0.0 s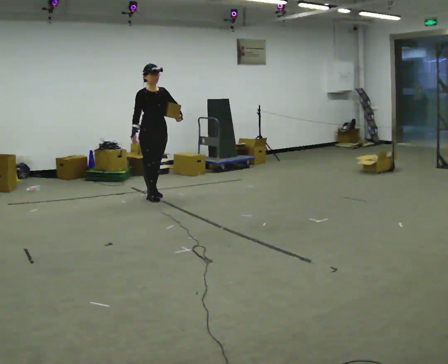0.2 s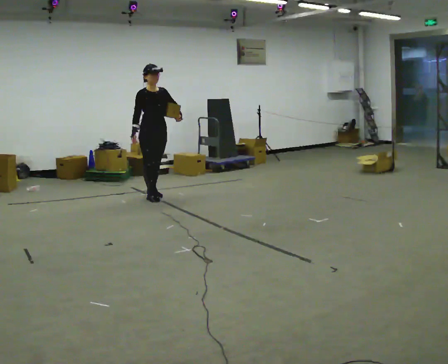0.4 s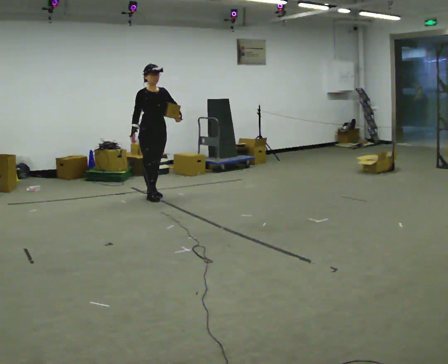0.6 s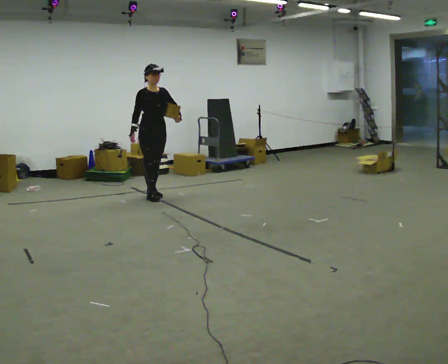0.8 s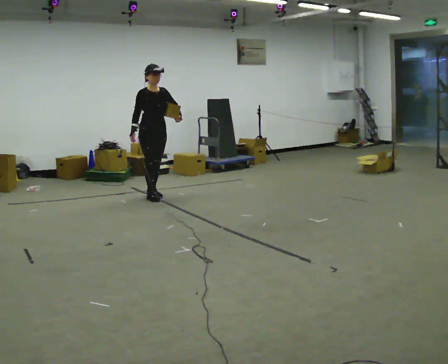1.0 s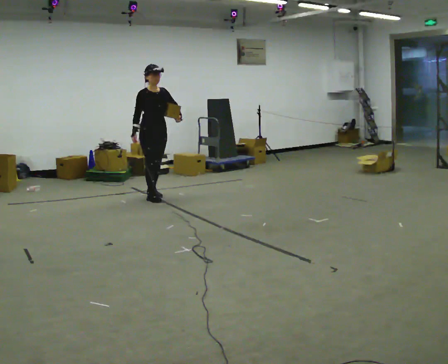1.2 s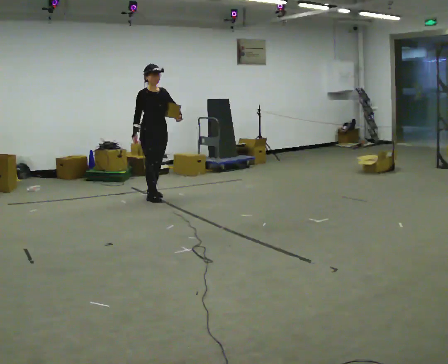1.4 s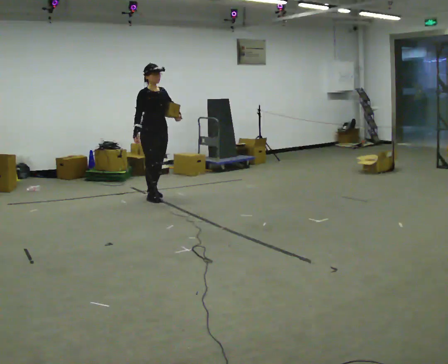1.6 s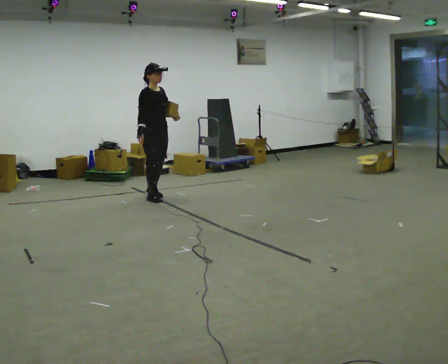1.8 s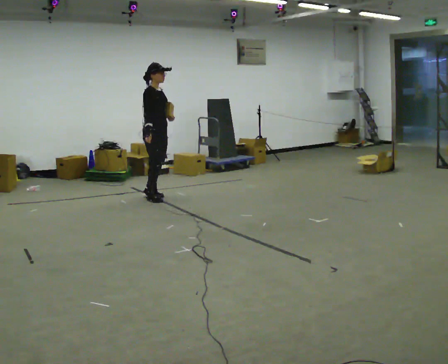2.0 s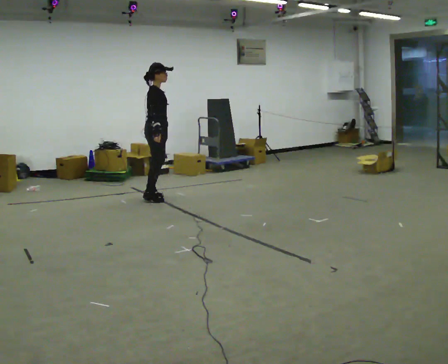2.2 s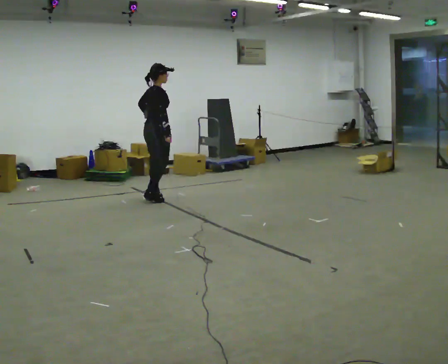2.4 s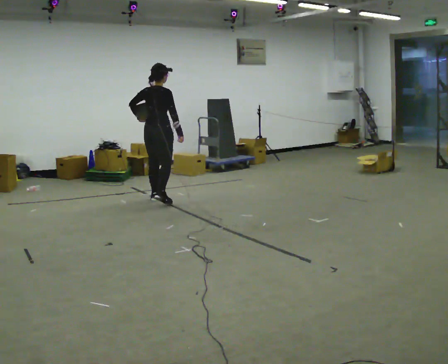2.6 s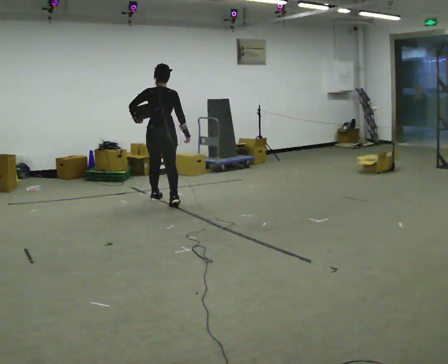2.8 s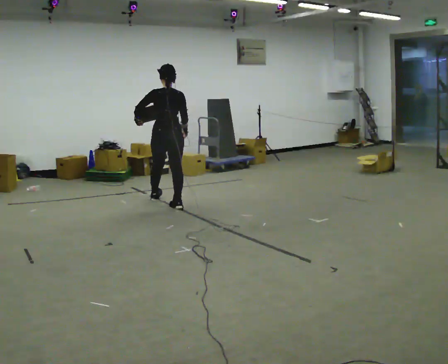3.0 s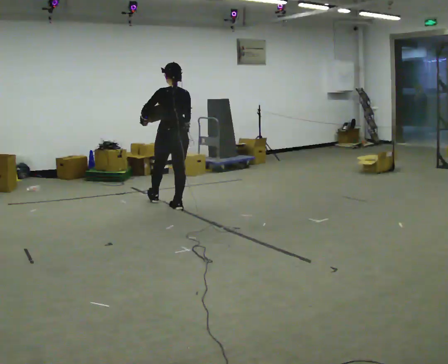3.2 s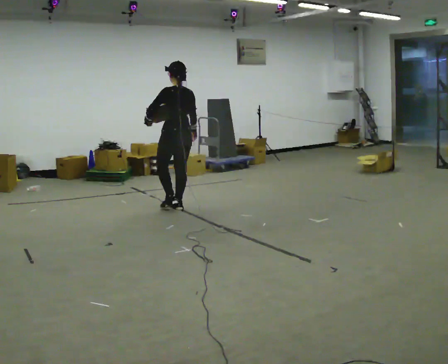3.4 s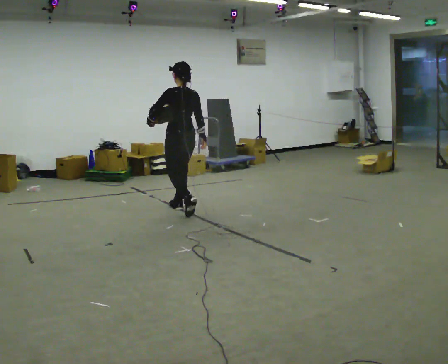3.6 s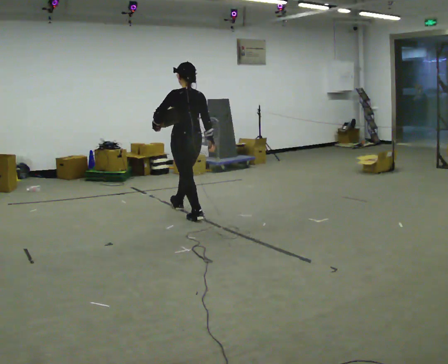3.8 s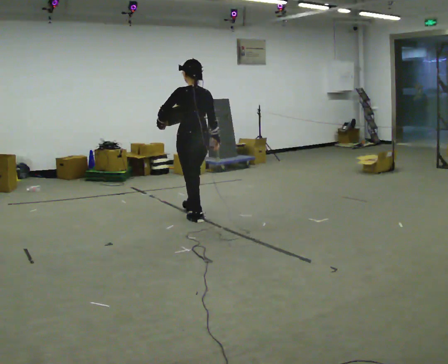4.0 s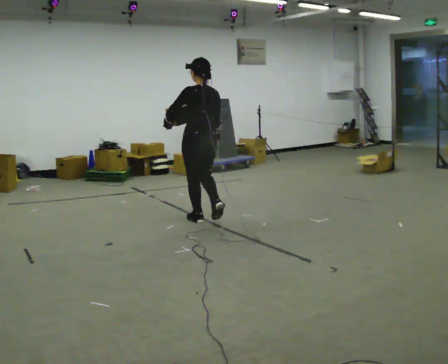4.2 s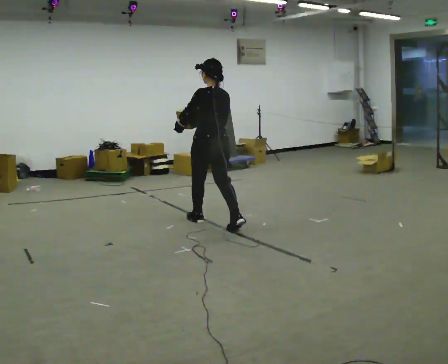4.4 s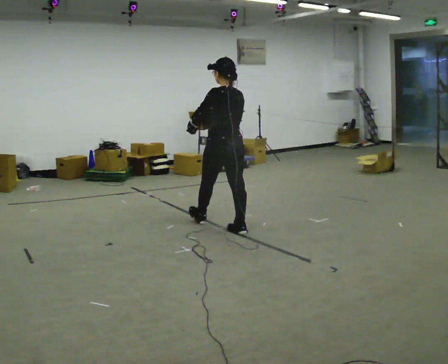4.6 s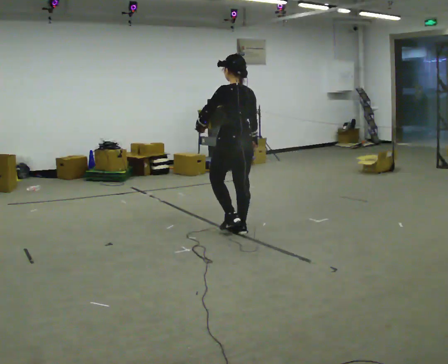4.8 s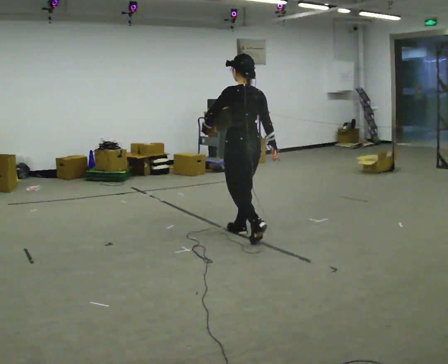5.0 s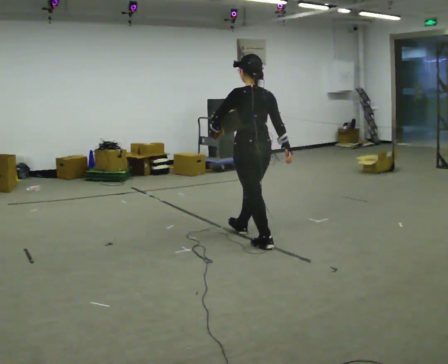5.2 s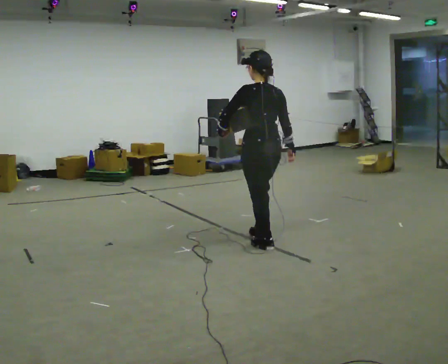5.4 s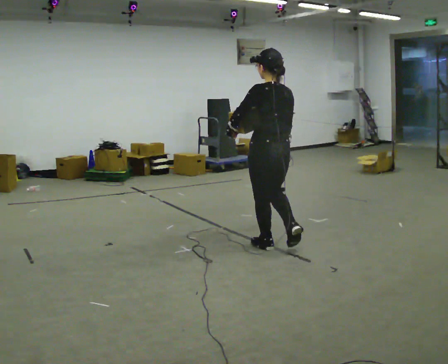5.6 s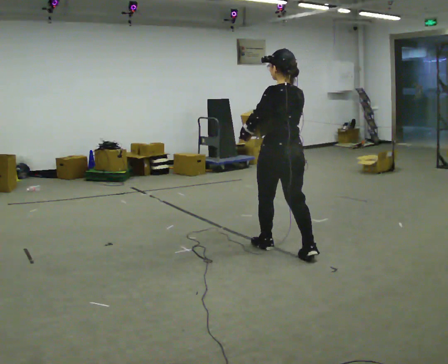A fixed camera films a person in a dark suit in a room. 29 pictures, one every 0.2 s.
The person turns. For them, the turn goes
to their left.
The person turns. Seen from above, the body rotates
counterclockwise.
0.0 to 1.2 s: The person moves a little, or ends about where they began.
1.2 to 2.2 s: The person turns about 75 degrees to their left, counterclockwise seen from above, so the part of the body nearest the lens slides to the right. In the picture their left hand goes to the left.
2.2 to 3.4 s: Seen from above the body turns counterclockwise, about 105 degrees: to their left, with its near side sliding to the right. In the picture they go toward the camera and to the right, about 0.75 m in 1 step.
3.4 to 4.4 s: In the picture they go toward the camera and to the right, about 1 m in 2 steps, which for them is backward.
4.4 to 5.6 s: In the picture they go toward the camera and to the right, about 1 m in 1 step, which for them is backward.
The film runs backward here.
